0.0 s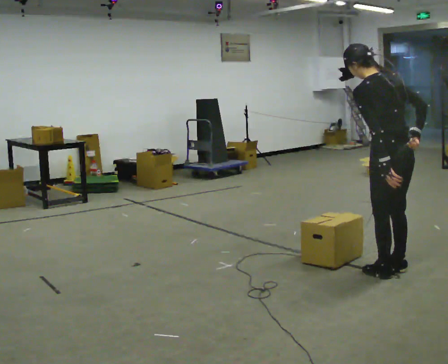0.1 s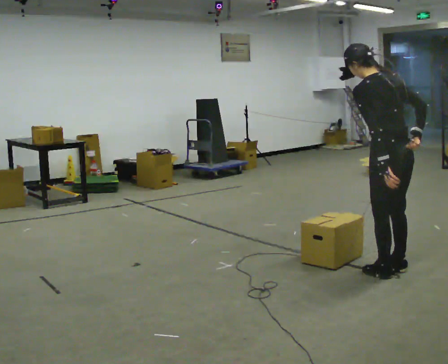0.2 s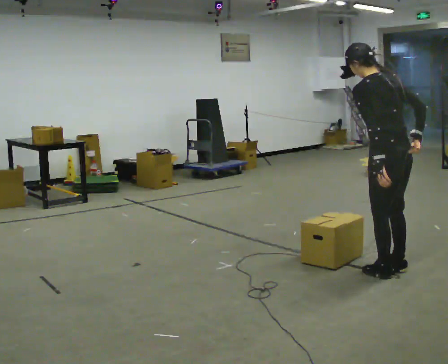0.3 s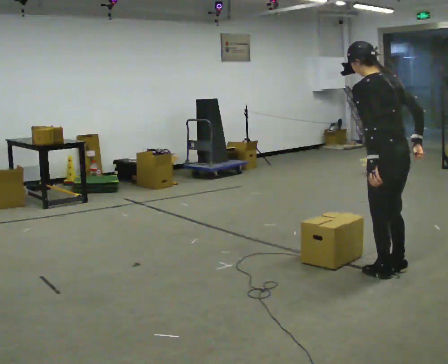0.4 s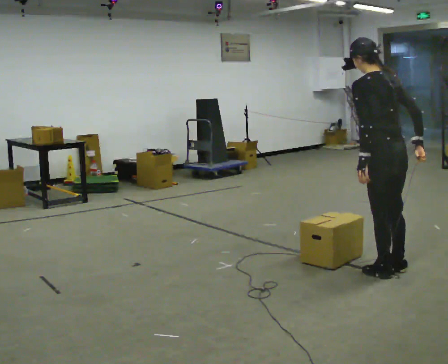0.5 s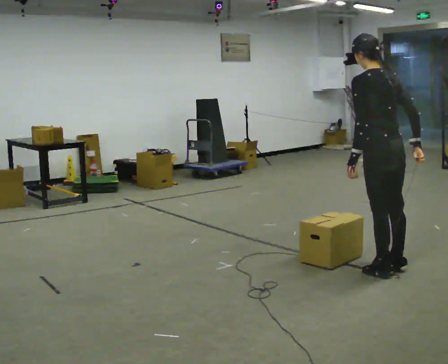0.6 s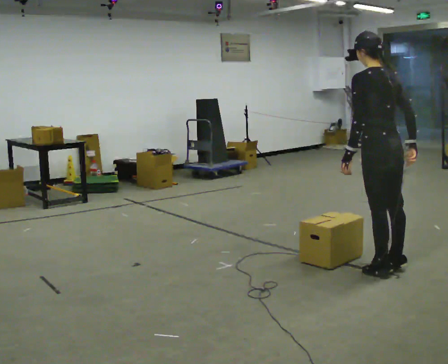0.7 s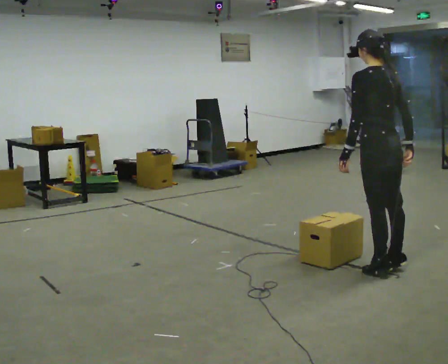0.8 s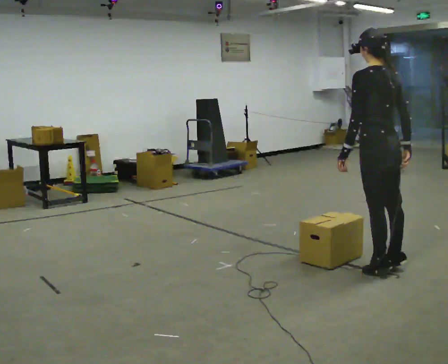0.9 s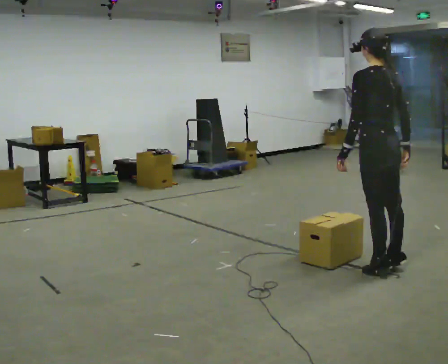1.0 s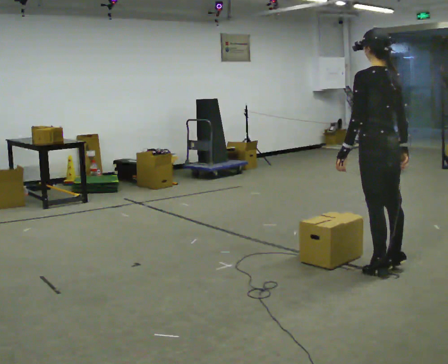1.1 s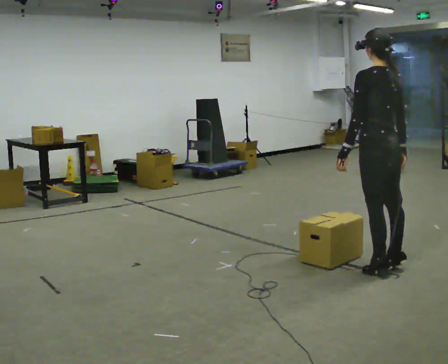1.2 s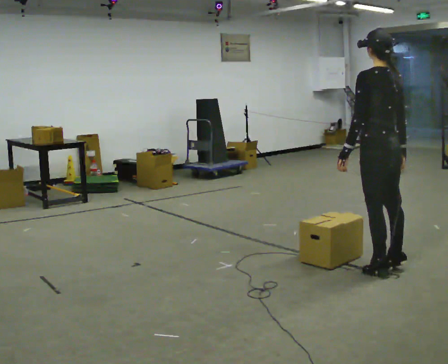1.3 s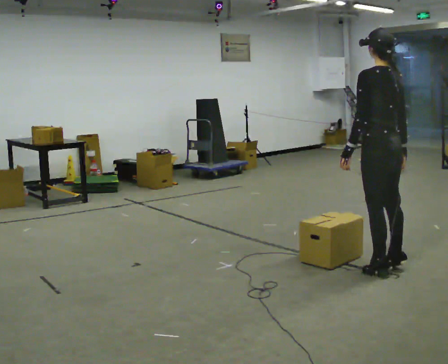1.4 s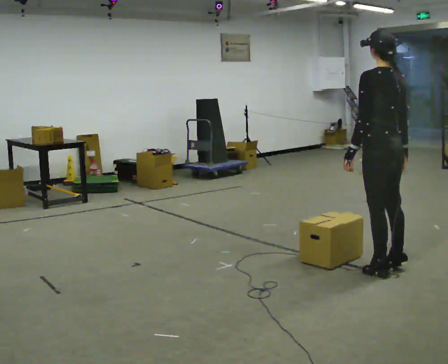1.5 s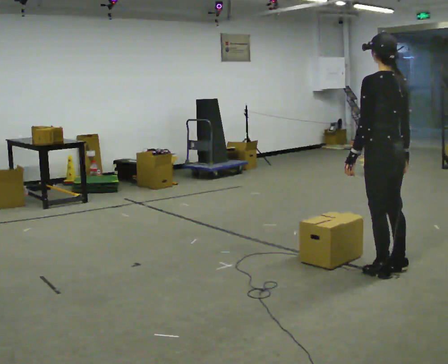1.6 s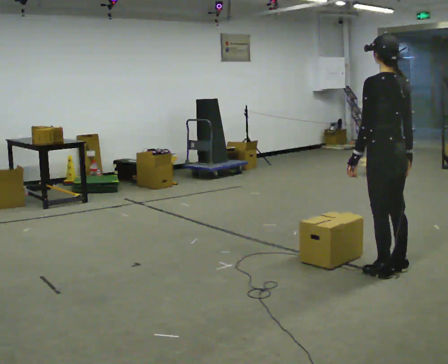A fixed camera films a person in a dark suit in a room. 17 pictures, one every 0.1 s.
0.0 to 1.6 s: In the picture the upper body tilts clockwise, shoulders to the right.
The film runs backward here.
